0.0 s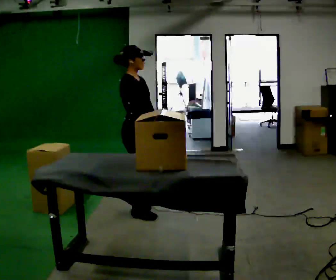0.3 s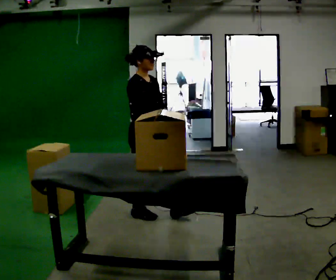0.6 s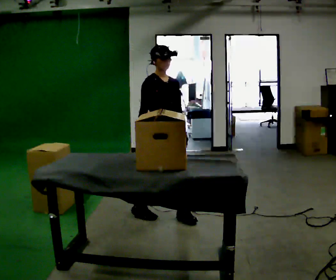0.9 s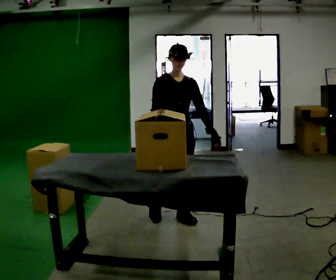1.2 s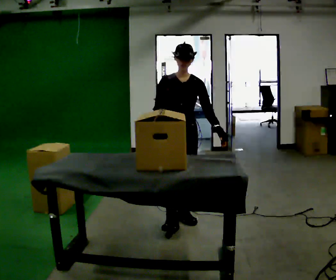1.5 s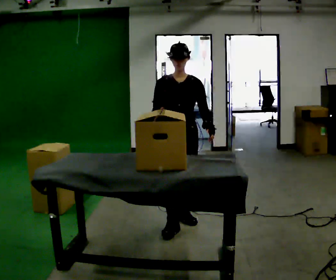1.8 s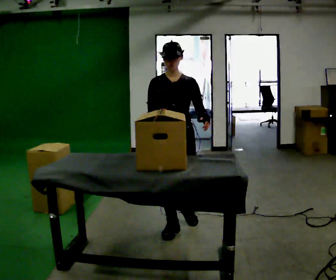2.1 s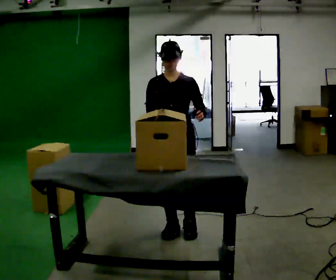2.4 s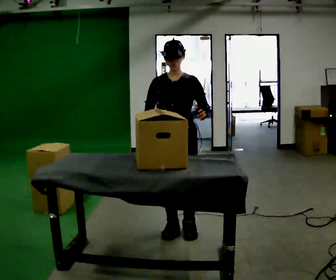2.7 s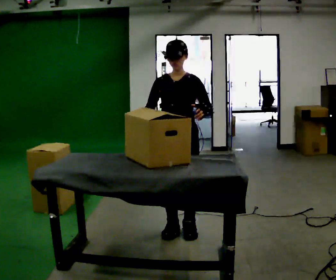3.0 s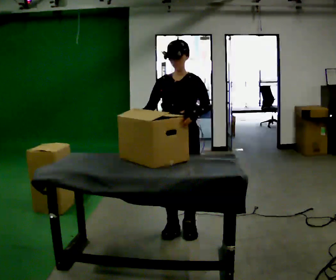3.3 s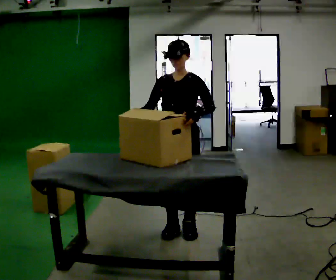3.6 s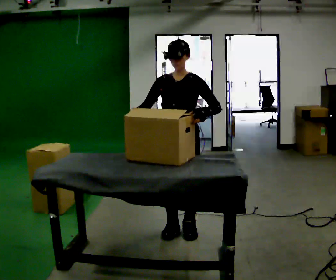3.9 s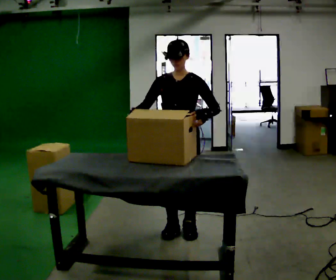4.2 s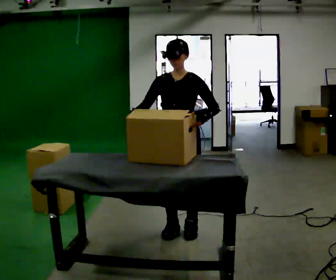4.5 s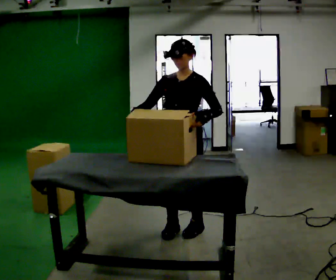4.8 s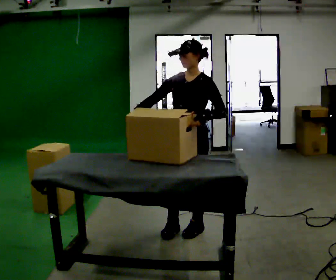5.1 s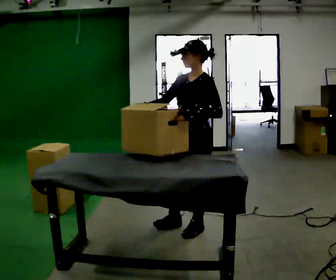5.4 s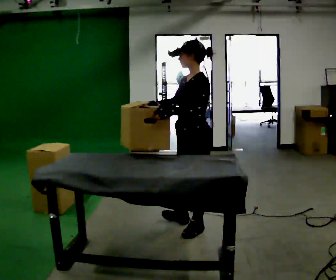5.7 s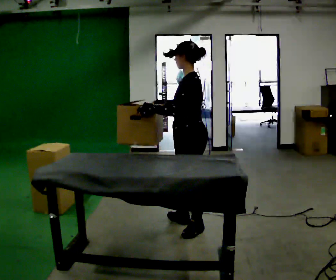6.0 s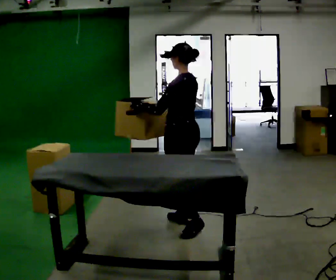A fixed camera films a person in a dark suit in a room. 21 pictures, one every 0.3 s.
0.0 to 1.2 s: The part of the body nearest the lens slides to the left as the person turns to their right by about 75 degrees. In the picture they go to the right, about 0.5 m in 1 step.
1.2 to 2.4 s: In the picture they go toward the camera, about 0.25 m in 2 steps, which for them is forward.
2.4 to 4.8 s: The person moves a little, or ends about where they began.
4.8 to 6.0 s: The part of the body nearest the lens slides to the left as the person turns to their right by about 75 degrees. In the picture they go away from the camera, about 0.25 m.
The film runs forward here.
